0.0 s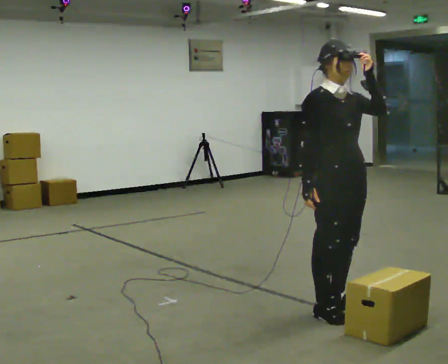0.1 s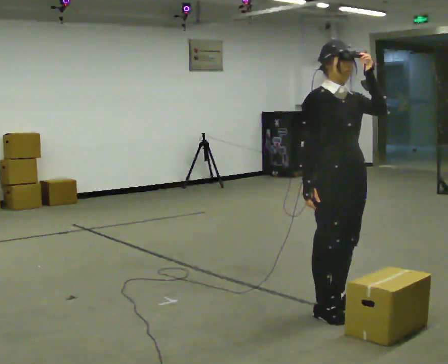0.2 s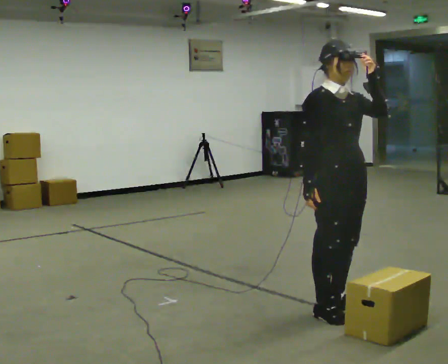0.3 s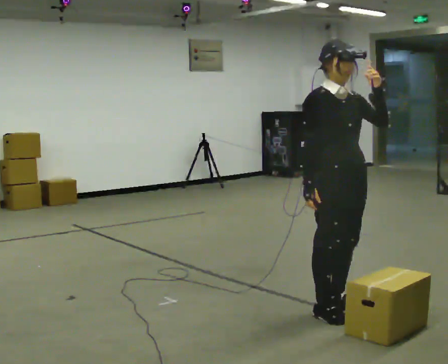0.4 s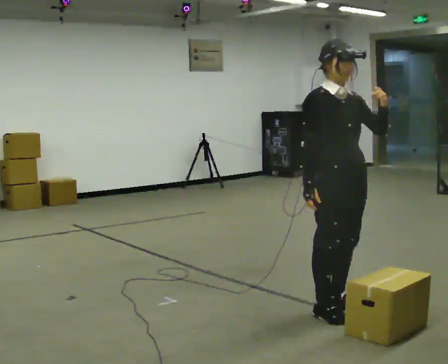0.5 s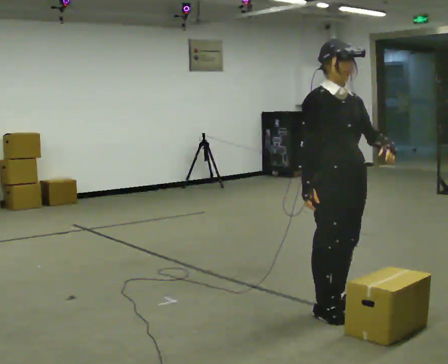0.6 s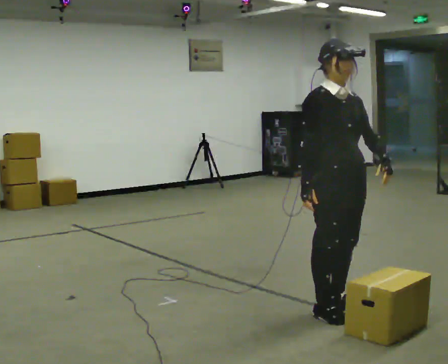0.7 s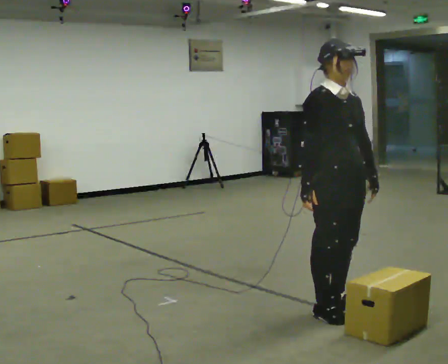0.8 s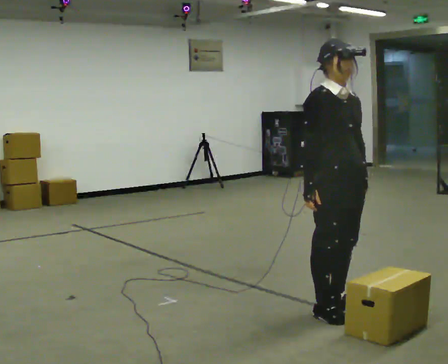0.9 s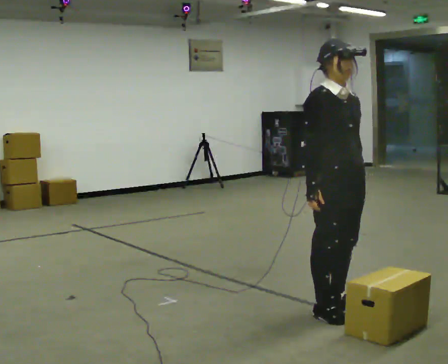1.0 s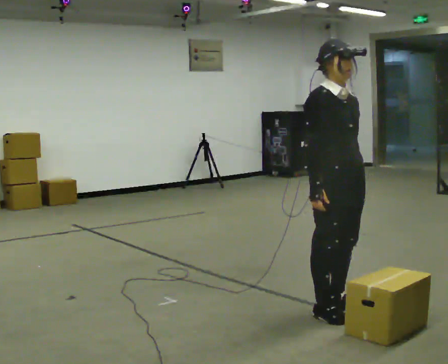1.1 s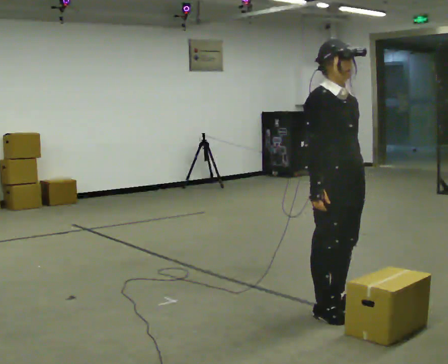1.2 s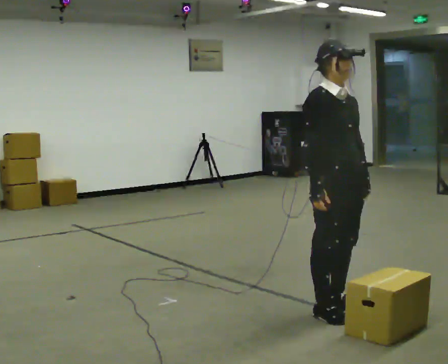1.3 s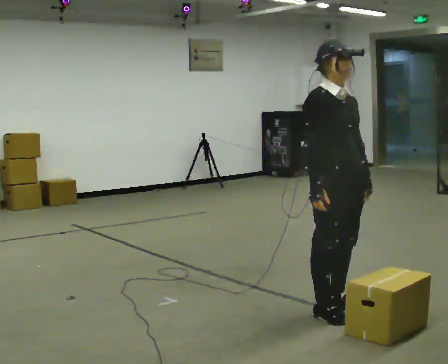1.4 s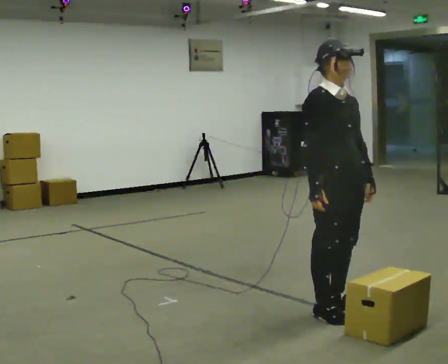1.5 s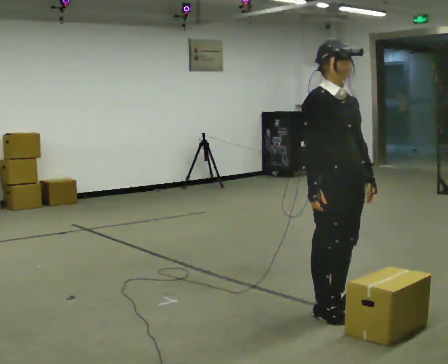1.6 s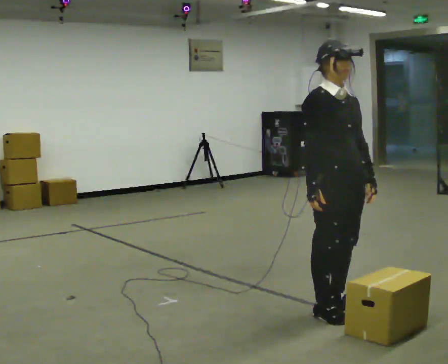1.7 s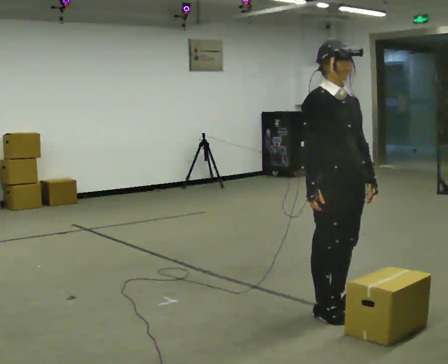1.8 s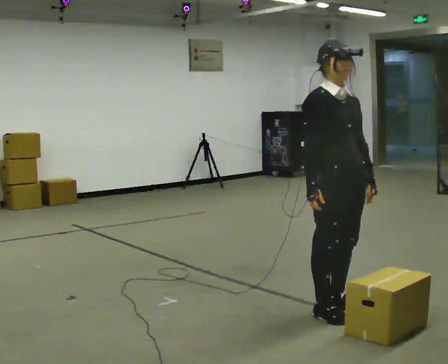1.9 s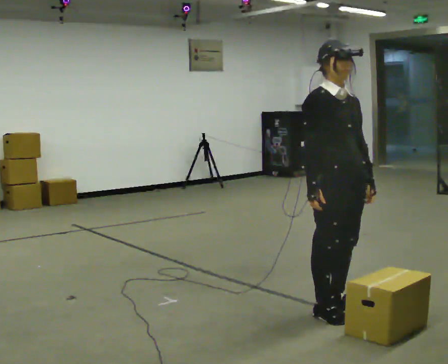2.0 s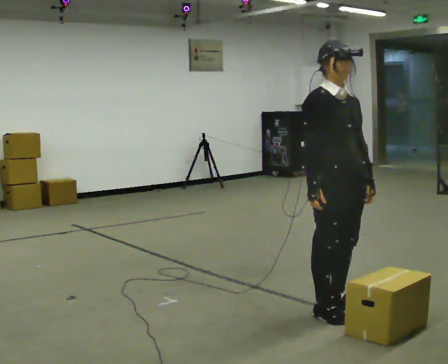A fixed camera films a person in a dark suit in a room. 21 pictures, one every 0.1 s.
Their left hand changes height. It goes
downward.
0.0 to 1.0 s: In the picture their left hand goes downward.
1.0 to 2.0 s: The person moves a little, or ends about where they began.
The film runs forward here.
